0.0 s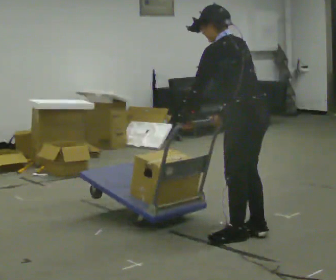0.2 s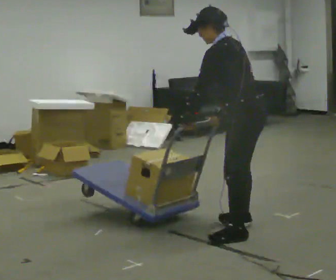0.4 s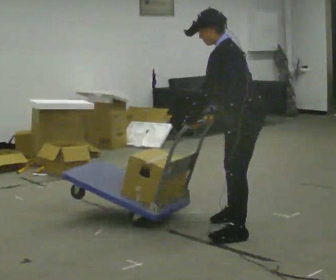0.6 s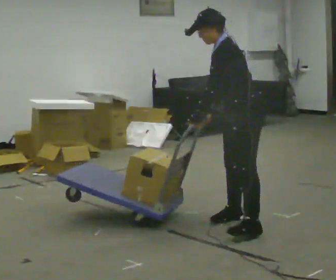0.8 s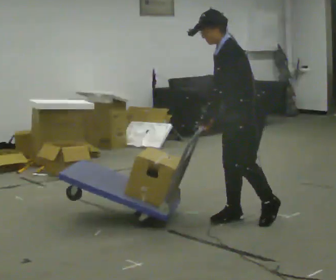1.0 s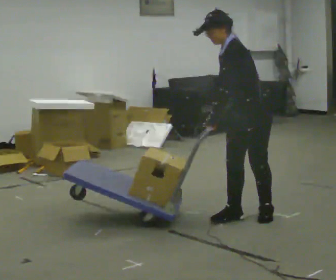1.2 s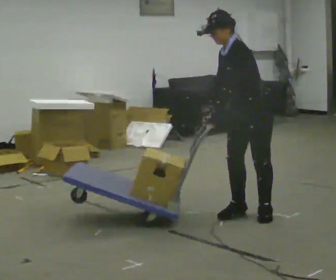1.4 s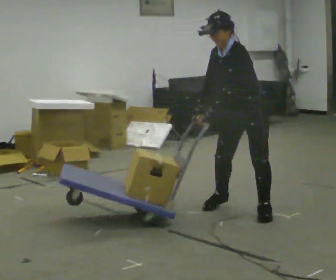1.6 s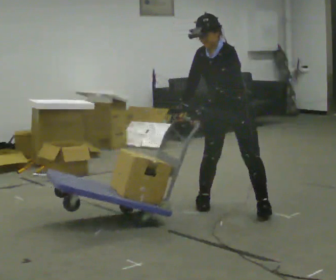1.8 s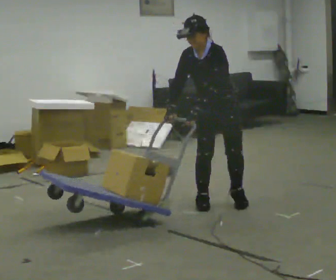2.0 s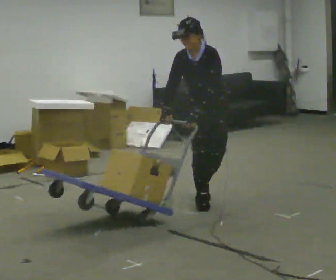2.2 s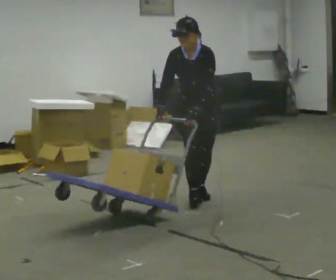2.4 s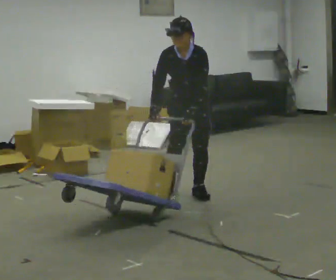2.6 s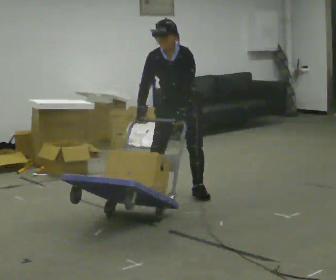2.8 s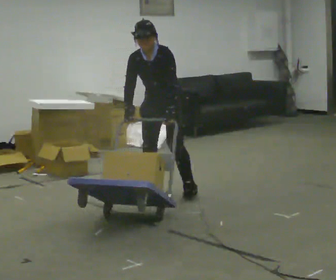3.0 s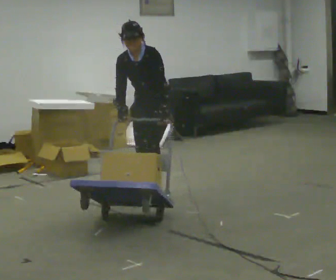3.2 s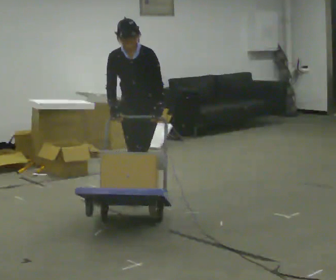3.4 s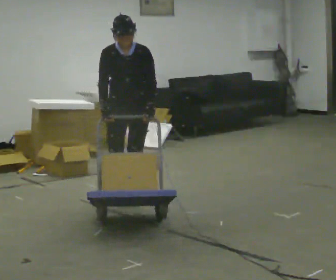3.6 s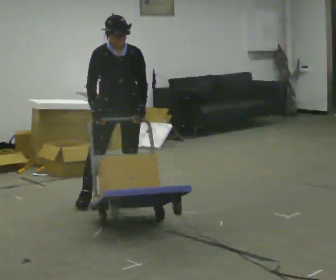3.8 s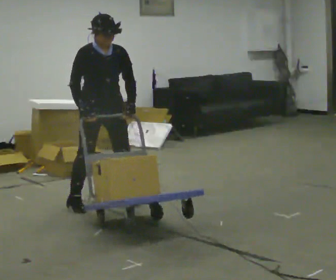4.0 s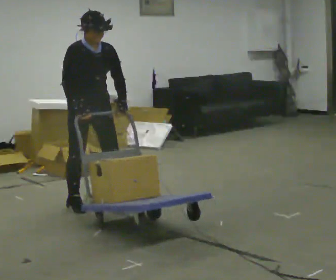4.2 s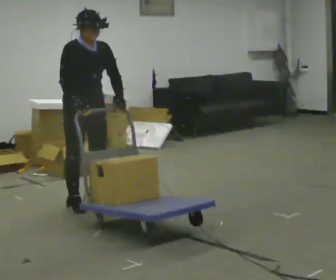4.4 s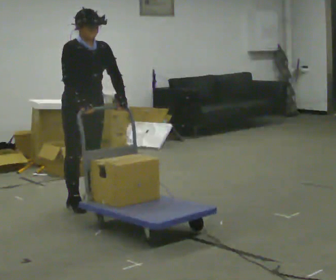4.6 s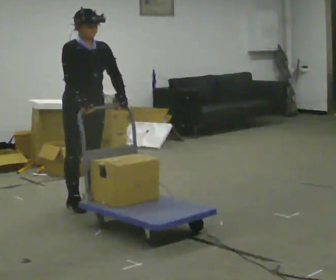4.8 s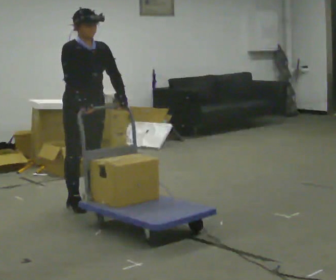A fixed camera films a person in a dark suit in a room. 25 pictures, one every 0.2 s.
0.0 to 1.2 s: Seen from above the body turns counterclockwise, about 60 degrees: to their left, with its near side sliding to the right. In the picture they go away from the camera, about 0.5 m in 2 steps, which for them is to their right.
1.2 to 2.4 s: The person turns about 60 degrees to their left, counterclockwise seen from above, so the part of the body nearest the lens slides to the right. In the picture they go away from the camera and to the left, about 1 m in 2 steps, which for them is to their right and backward. The upper body tips toward the camera, its near side rolling downward.
2.4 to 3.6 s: In the picture they go to the left, about 0.5 m in 2 steps, which for them is forward and to their right.
3.6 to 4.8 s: The person turns about 30 degrees to their left, counterclockwise seen from above, so the part of the body nearest the lens slides to the right. In the picture they go toward the camera and to the left, about 0.5 m in 1 step, which for them is to their right.
The film runs backward here.
